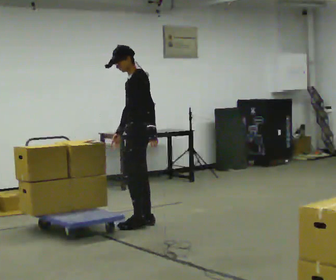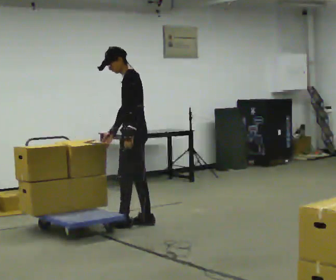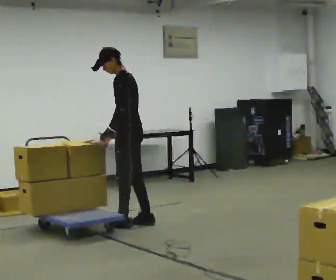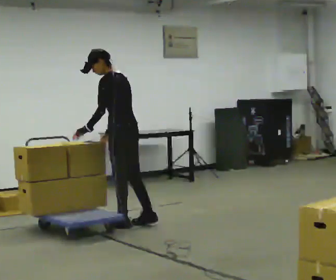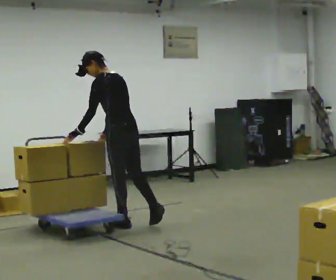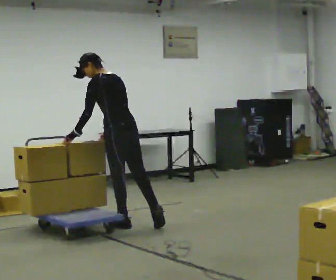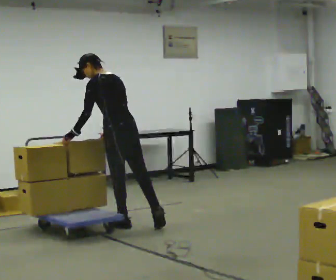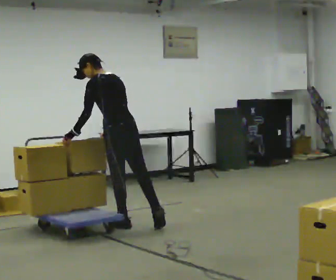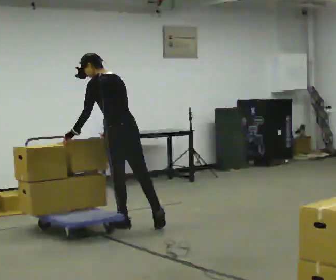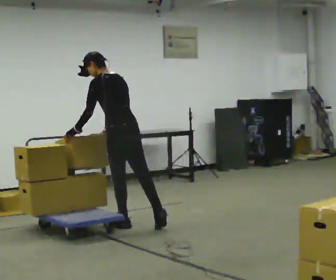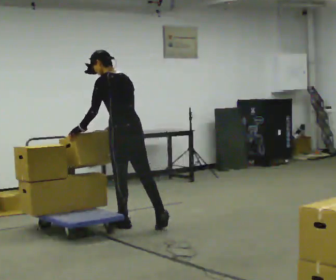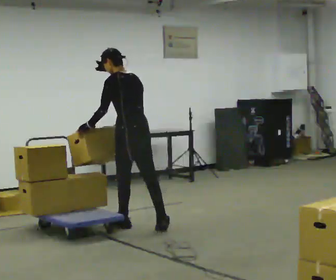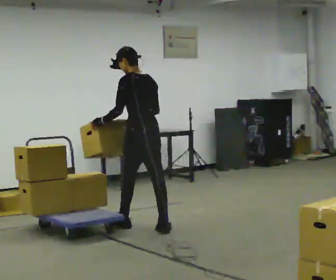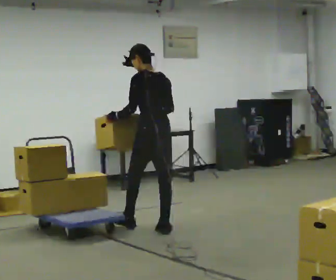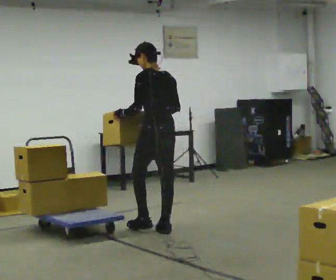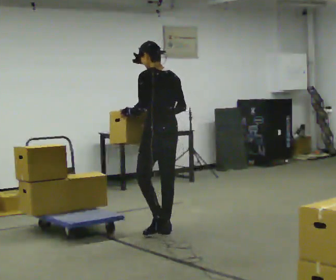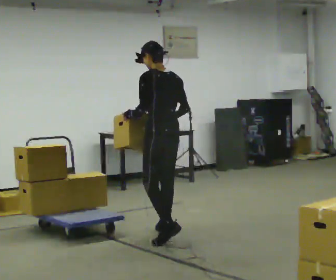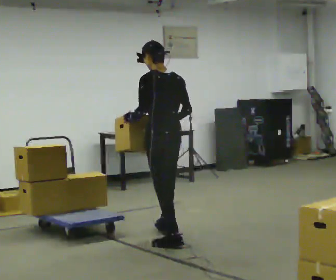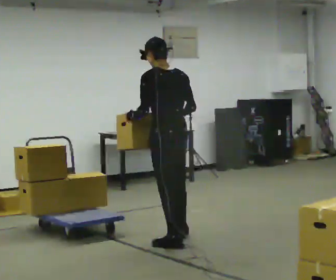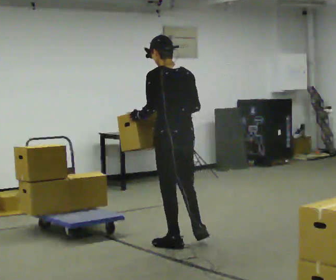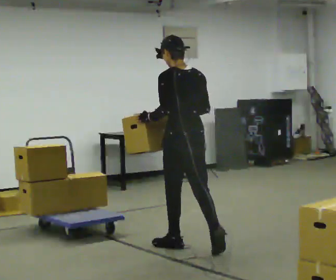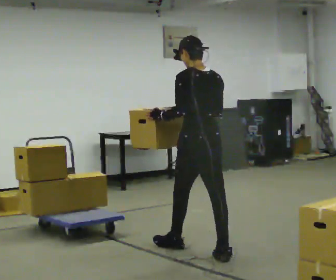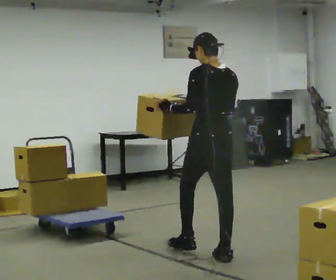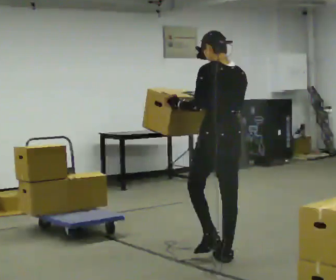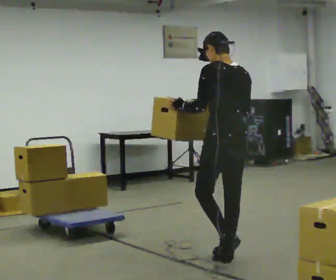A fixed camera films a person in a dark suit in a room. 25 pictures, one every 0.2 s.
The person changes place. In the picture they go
toward the camera.
Their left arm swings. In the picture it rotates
clockwise.
0.0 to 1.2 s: Seen from above the body turns clockwise, about 60 degrees: to their right, with its near side sliding to the left. In the picture they go to the left, about 0.25 m in 1 step, which for them is to their left and forward. In the picture their left hand goes to the left, the arm swinging clockwise.
1.2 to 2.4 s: In the picture they go to the right, about 0.25 m, which for them is backward. In the picture the upper body tilts clockwise, shoulders to the right, as they lean back or straighten.
2.4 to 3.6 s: In the picture they go toward the camera, about 0.75 m in 2 steps, which for them is backward.
3.6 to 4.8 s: In the picture they go toward the camera and to the right, about 0.5 m in 1 step, which for them is backward.
The film runs backward here.
